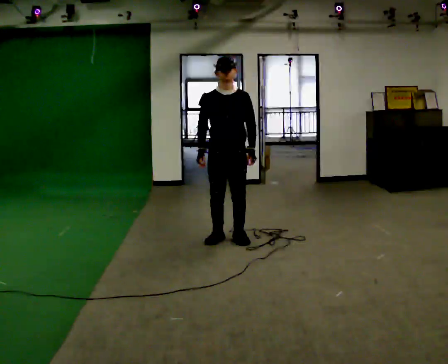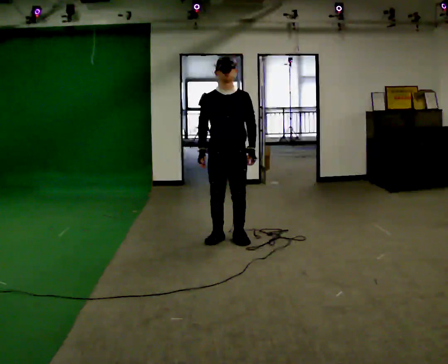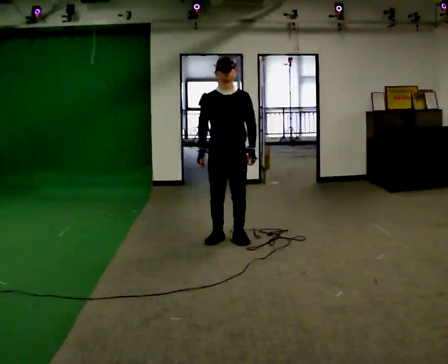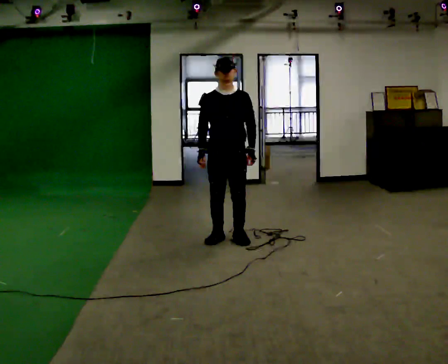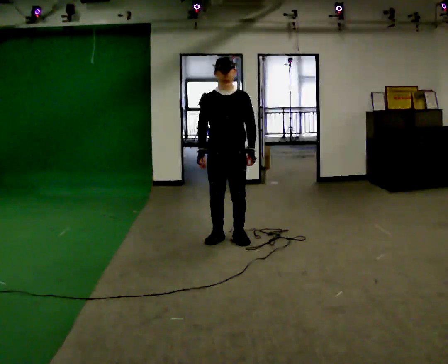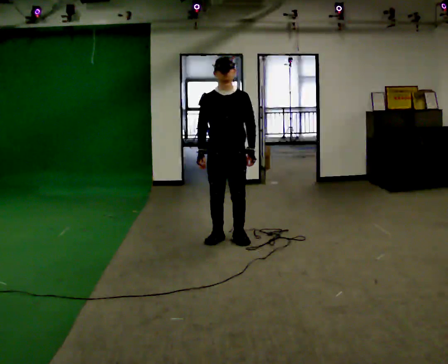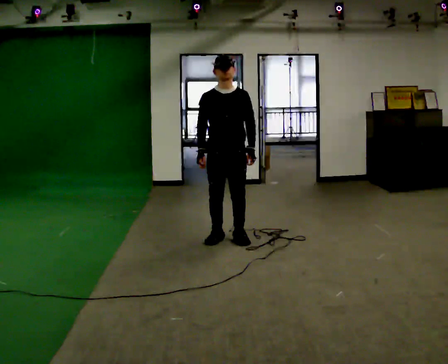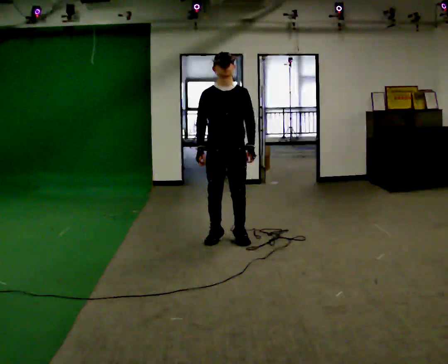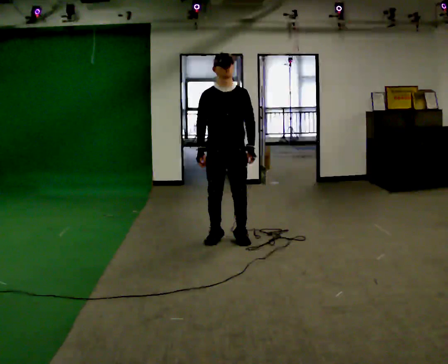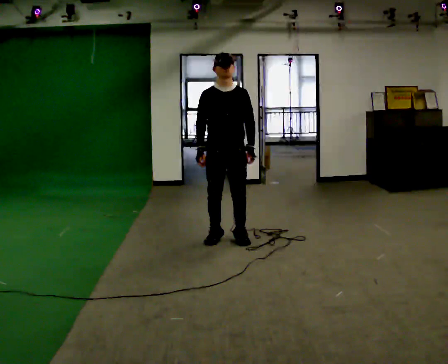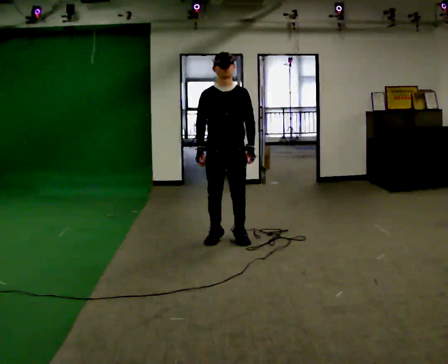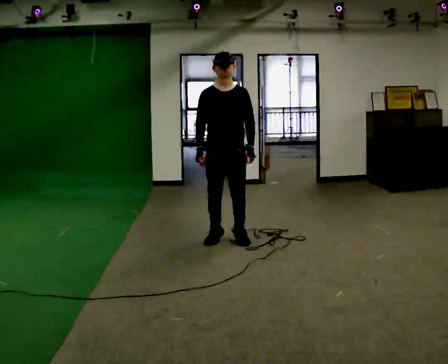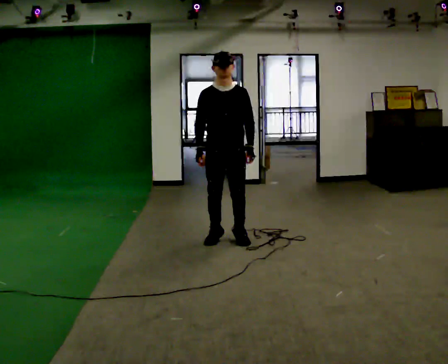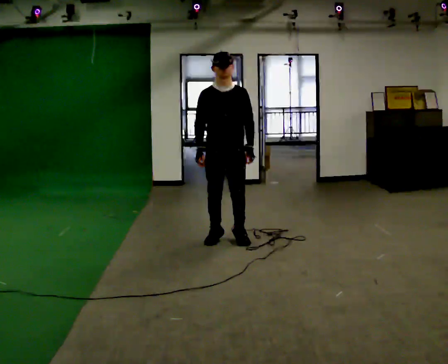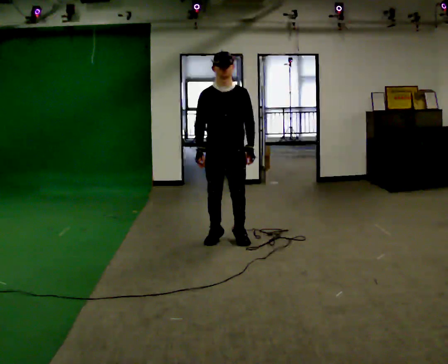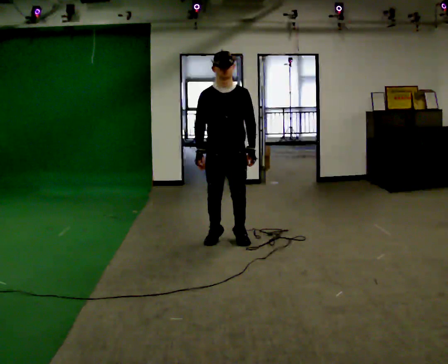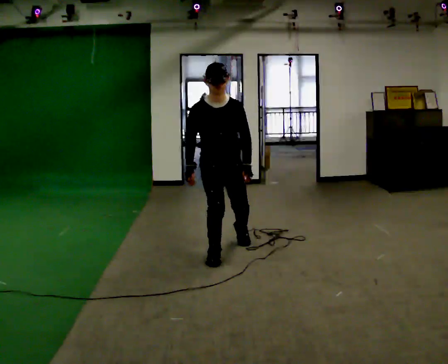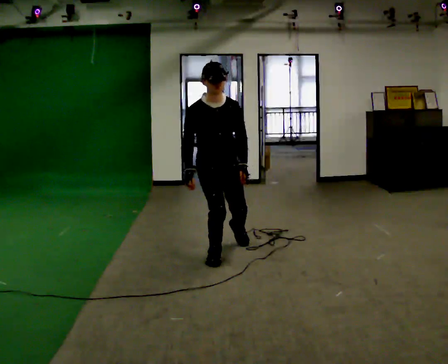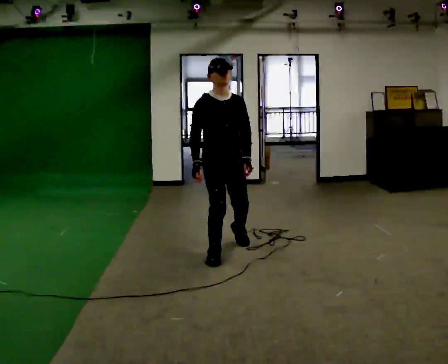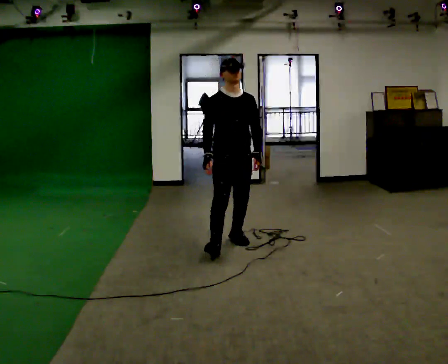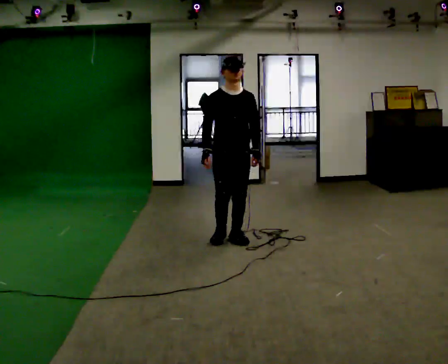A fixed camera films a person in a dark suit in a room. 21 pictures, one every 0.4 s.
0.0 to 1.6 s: The person keeps their place and pose.
1.6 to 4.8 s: The person moves a little, or ends about where they began.
4.8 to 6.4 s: In the picture they go toward the camera, about 0.25 m in 1 step, which for them is forward.
6.4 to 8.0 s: In the picture they go away from the camera, about 0.5 m in 2 steps, which for them is backward and to their left.
The film runs forward here.
